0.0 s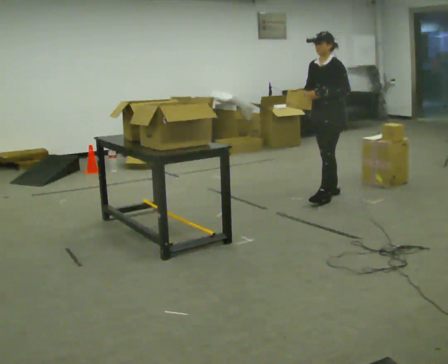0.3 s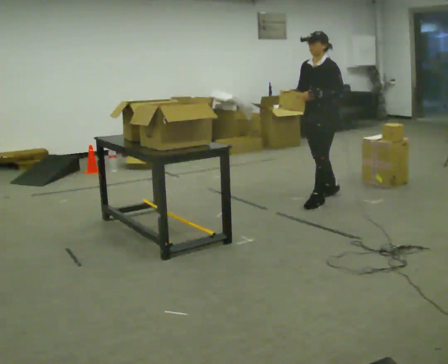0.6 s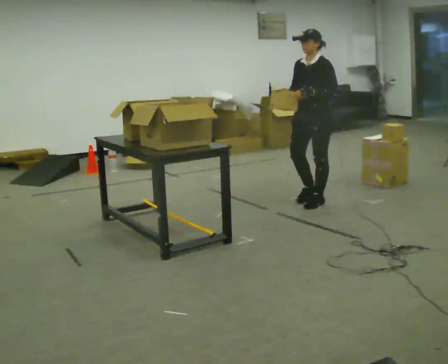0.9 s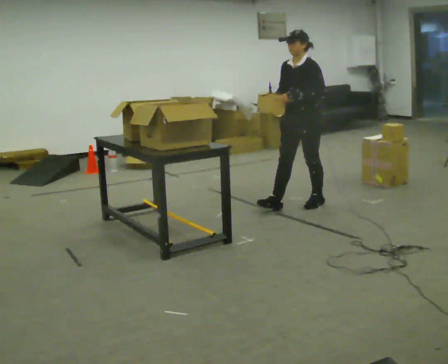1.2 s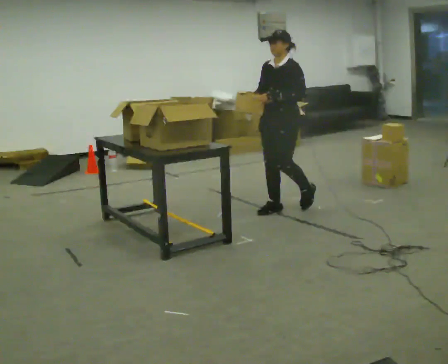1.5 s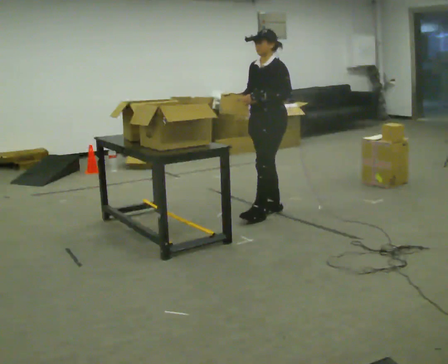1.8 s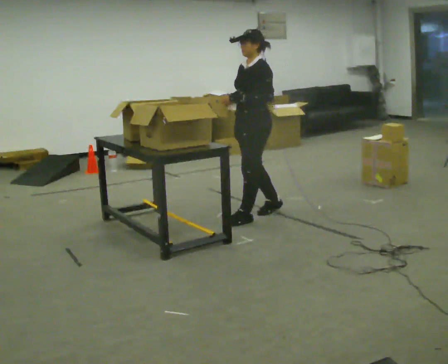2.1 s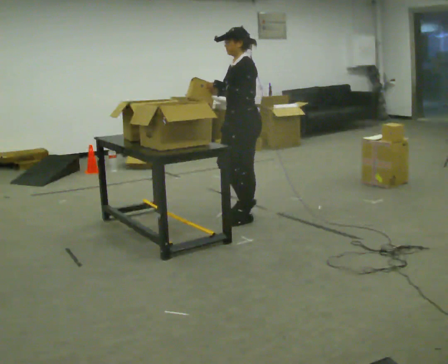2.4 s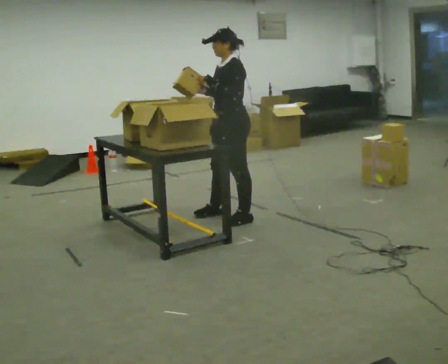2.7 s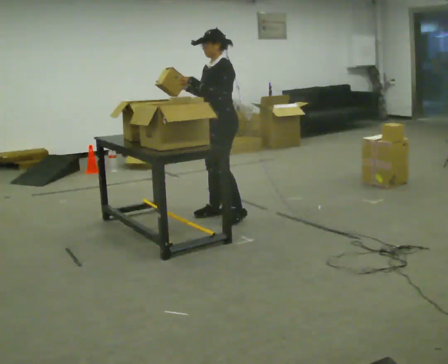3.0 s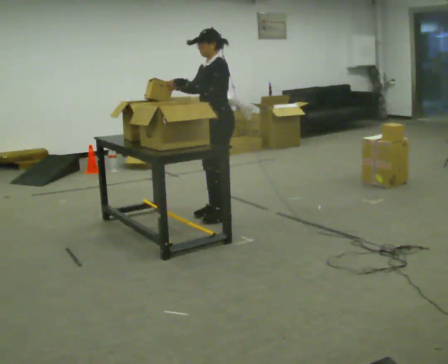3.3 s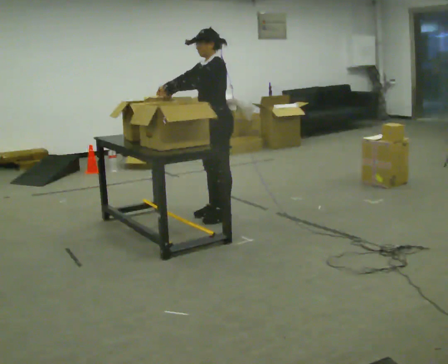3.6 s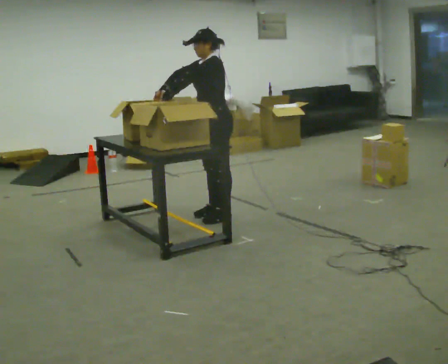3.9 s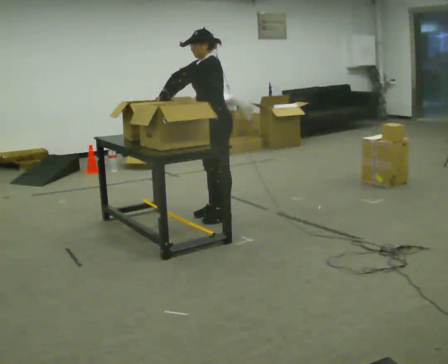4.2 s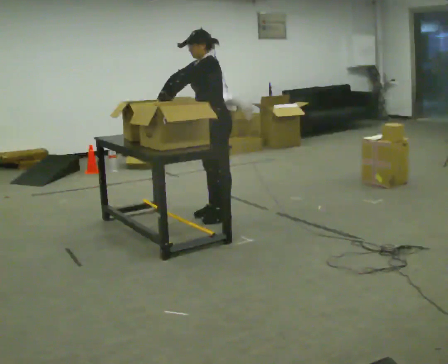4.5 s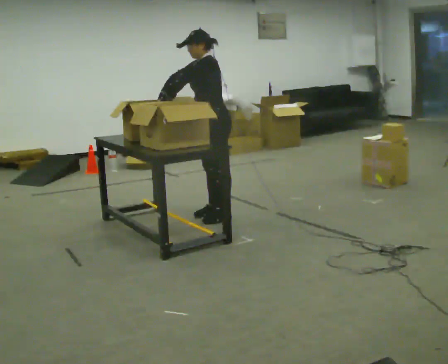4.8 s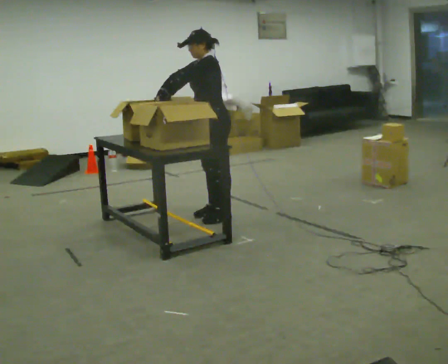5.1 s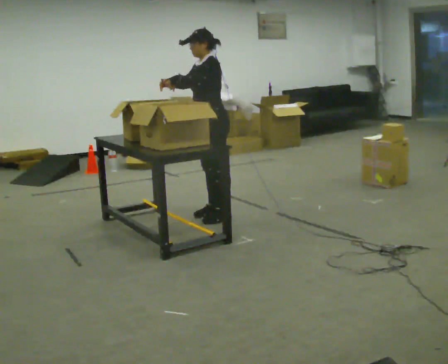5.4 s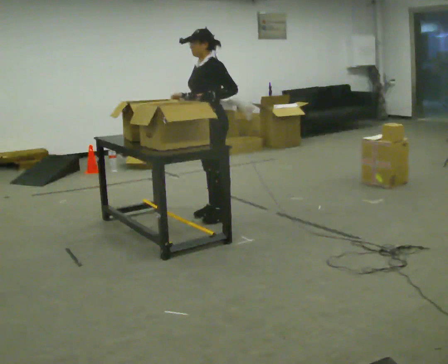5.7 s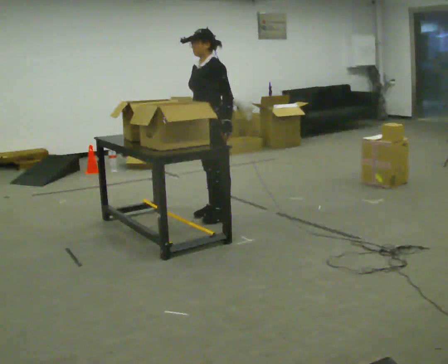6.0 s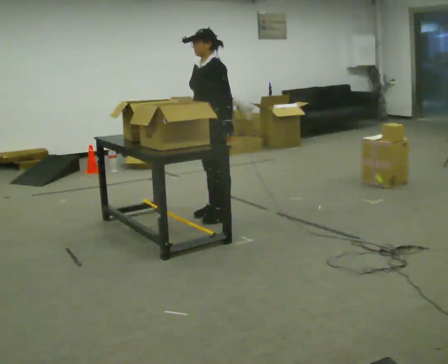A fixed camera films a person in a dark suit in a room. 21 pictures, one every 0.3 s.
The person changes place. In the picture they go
to the left.
0.0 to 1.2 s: In the picture they go to the left and toward the camera, about 0.75 m in 2 steps, which for them is forward.
1.2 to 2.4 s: In the picture they go to the left and toward the camera, about 0.5 m in 2 steps, which for them is forward.
2.4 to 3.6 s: In the picture their left hand goes to the left.
3.6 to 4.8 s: The person moves a little, or ends about where they began.
4.8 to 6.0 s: In the picture their left hand goes to the right.
The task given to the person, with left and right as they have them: 1. Read the list the operator gives you. 2. Collect the six items on the list from the shelves. 3. Put them all in the bin on the table. 4. Tell the operator when you are finished.
The film runs forward here.
